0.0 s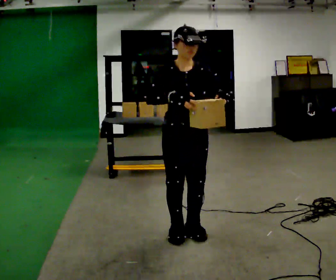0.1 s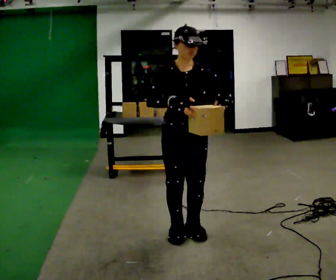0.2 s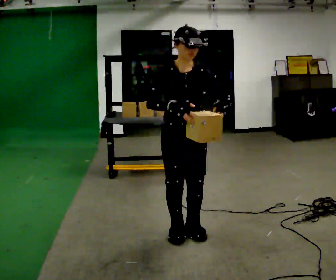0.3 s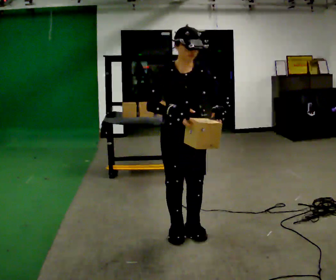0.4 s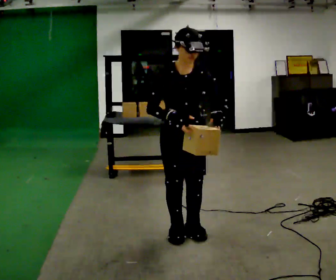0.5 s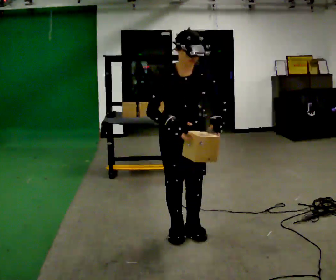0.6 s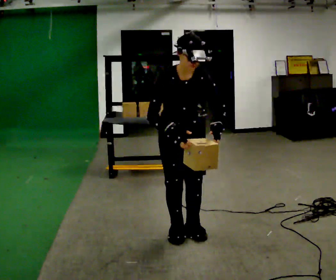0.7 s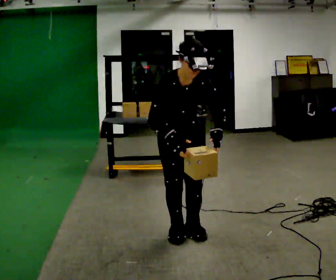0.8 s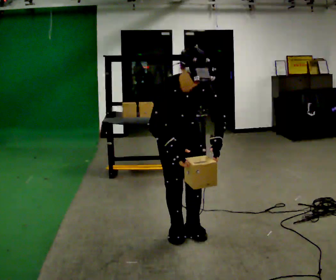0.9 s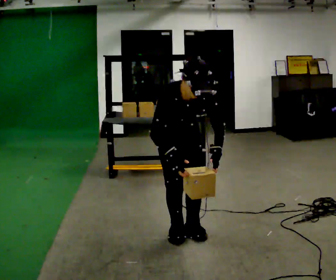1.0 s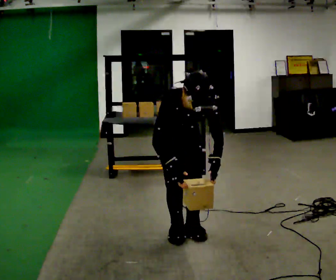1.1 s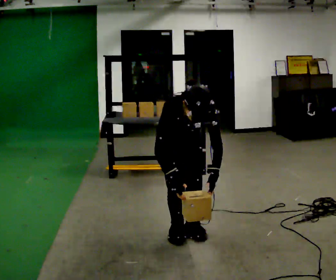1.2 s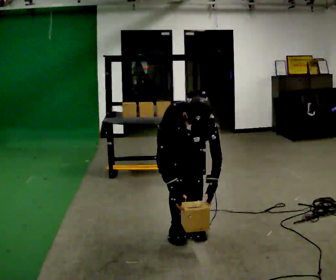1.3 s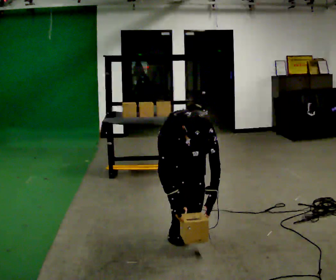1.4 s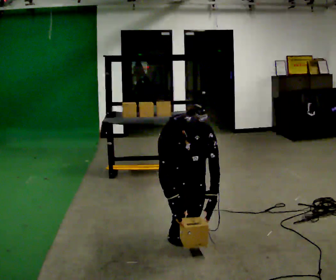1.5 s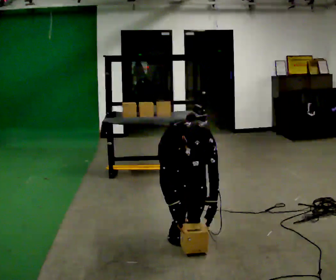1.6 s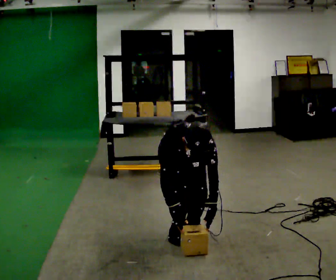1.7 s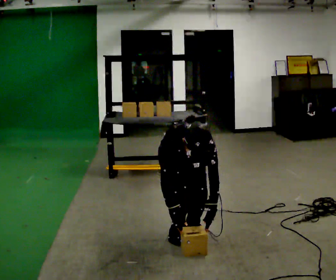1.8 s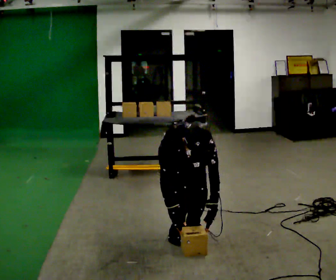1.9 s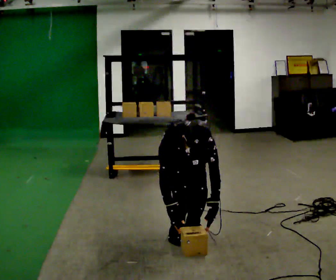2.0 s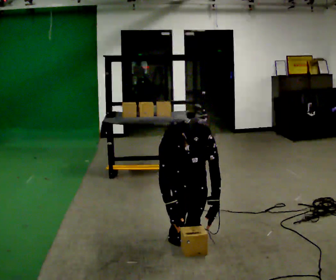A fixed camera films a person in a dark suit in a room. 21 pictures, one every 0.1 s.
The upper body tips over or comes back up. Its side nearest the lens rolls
downward.
Their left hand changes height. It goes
downward.
0.0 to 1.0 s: The upper body goes downward. The upper body tips toward the camera, its near side rolling downward, as they bend forward. In the picture their right hand goes downward.
1.0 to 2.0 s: The shoulders move downward. The upper body tips toward the camera, its near side rolling downward, as they bend forward. In the picture their left hand goes downward.
The film runs backward here.
